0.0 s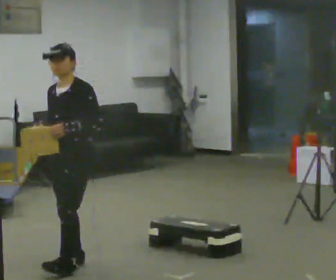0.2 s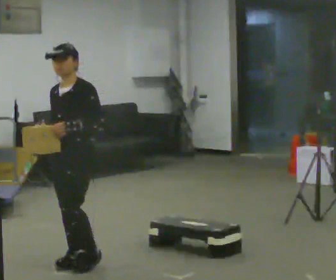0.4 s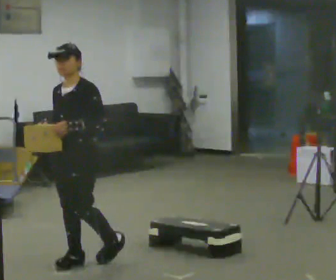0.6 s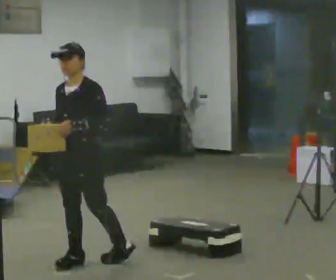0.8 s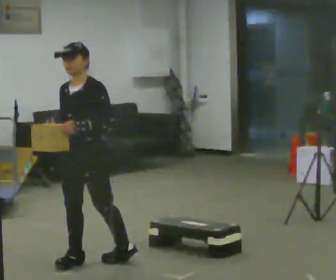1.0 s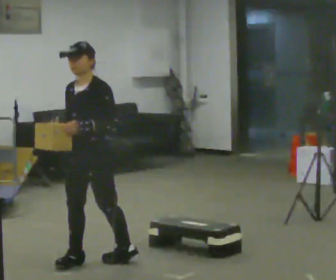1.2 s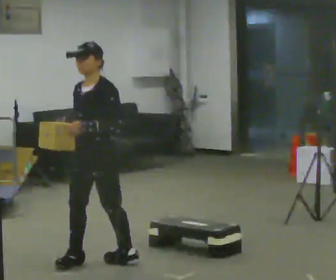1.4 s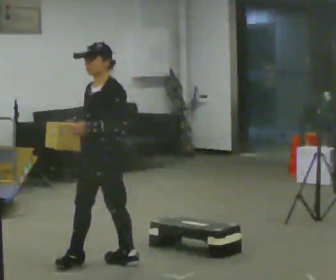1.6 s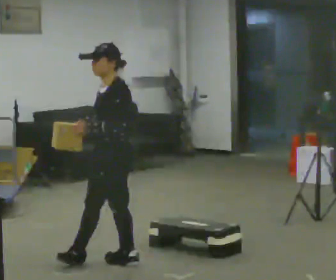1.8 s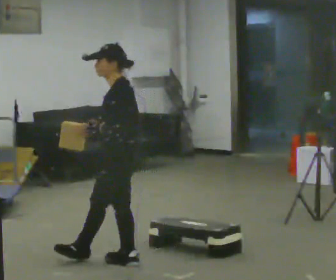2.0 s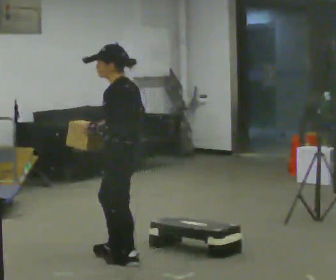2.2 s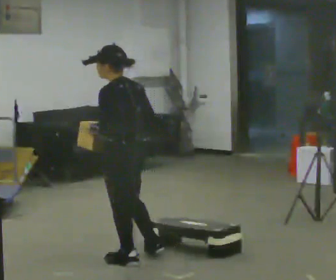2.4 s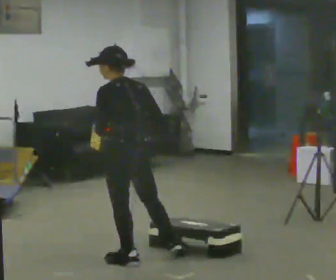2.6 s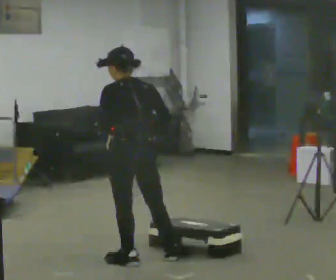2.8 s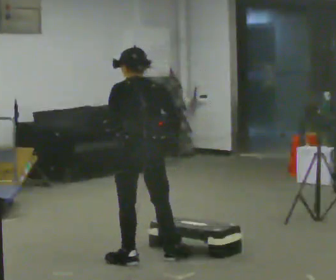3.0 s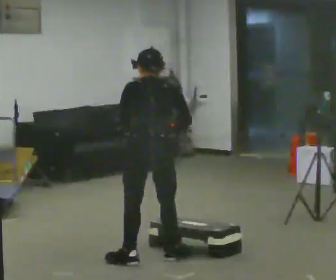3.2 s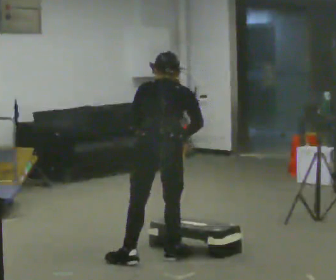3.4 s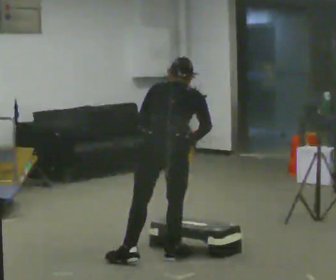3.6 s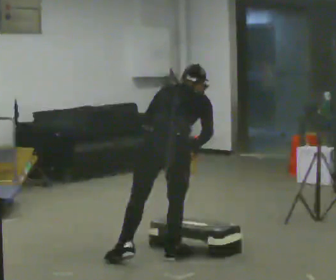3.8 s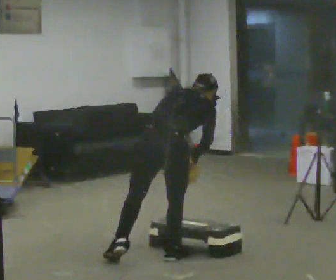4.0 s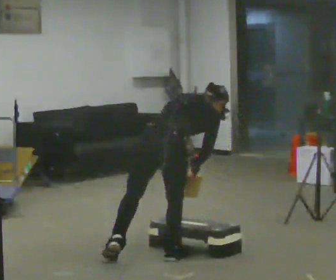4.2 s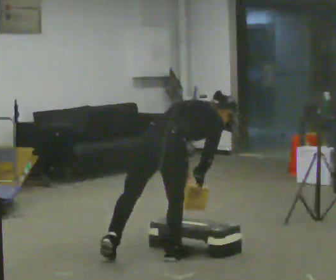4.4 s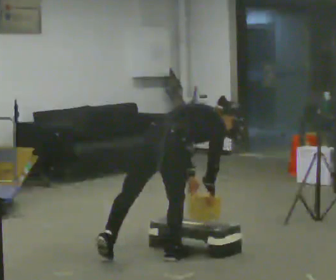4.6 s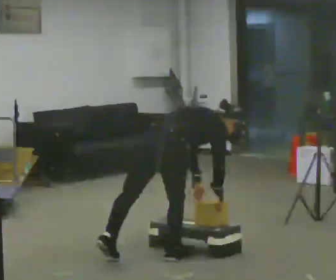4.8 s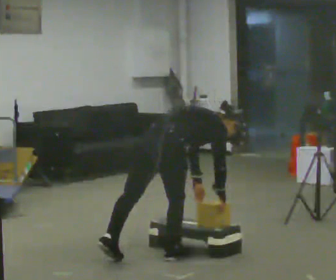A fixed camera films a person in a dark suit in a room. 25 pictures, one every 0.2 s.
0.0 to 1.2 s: In the picture they go to the right, about 0.25 m, which for them is backward.
1.2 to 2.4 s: The part of the body nearest the lens slides to the left as the person turns to their right by about 90 degrees. In the picture they go to the right, about 0.25 m in 1 step. In the picture their right hand goes to the right.
2.4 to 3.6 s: Seen from above the body turns clockwise, about 45 degrees: to their right, with its near side sliding to the left. In the picture they go to the right, about 0.25 m, which for them is to their right. In the picture the upper body tilts clockwise, shoulders to the right, as they bend forward.
3.6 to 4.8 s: The part of the body nearest the lens slides to the left as the person turns to their right by about 45 degrees. The shoulders move downward. In the picture the upper body tilts clockwise, shoulders to the right, as they bend forward. In the picture their left hand goes downward.
The film runs backward here.
